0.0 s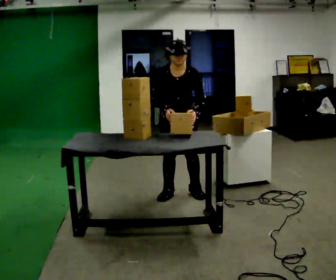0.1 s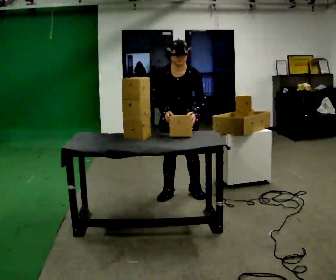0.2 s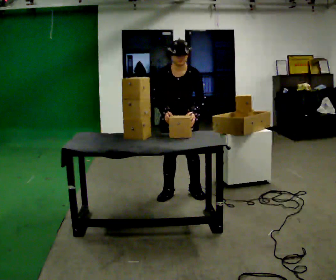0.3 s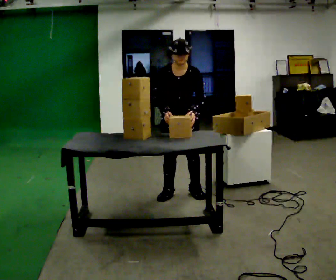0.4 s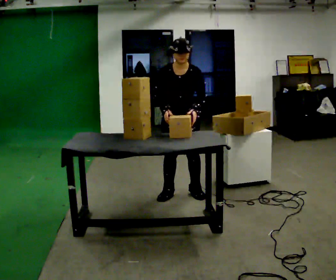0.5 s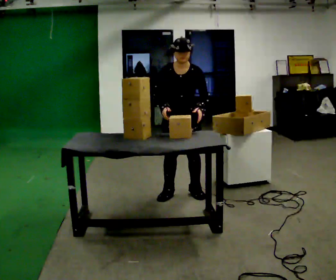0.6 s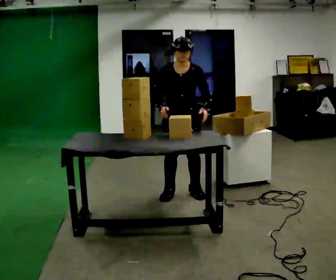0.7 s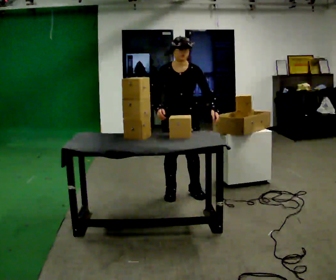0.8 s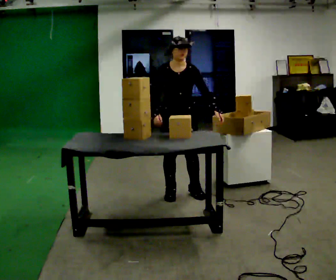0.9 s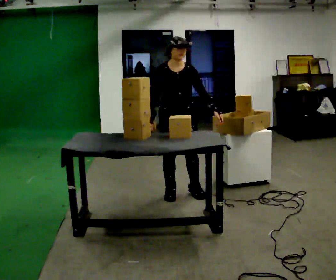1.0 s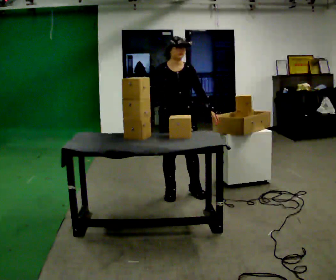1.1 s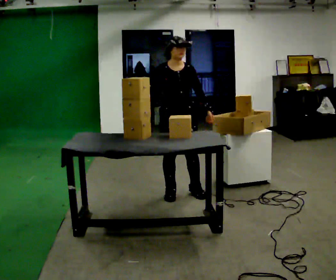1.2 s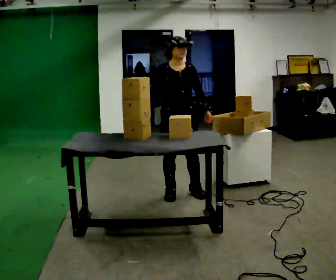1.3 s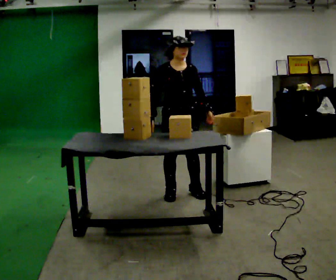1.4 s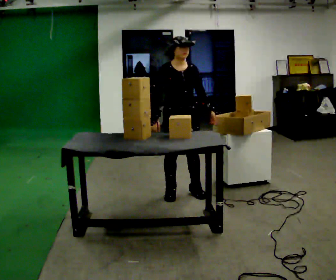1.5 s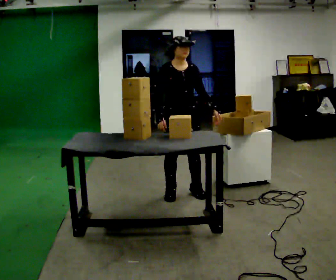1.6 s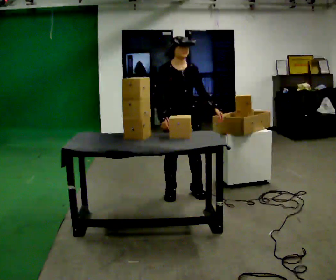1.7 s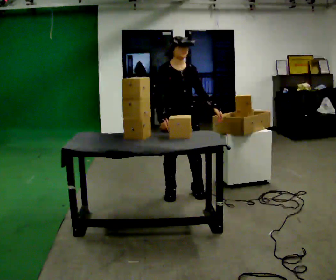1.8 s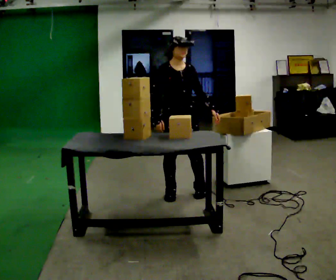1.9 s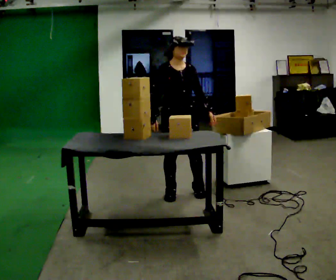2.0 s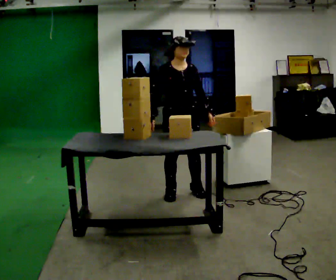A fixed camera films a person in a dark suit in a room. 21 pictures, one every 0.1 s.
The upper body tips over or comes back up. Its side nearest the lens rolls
upward.
0.0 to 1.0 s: The upper body tips away from the camera, its near side rolling upward, as they lean back or straighten.
1.0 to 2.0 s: The person moves a little, or ends about where they began.
The film runs forward here.
